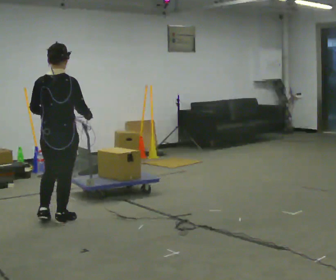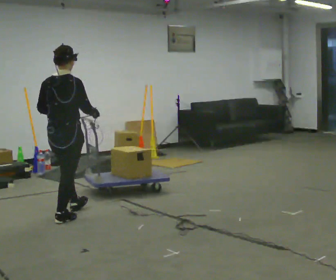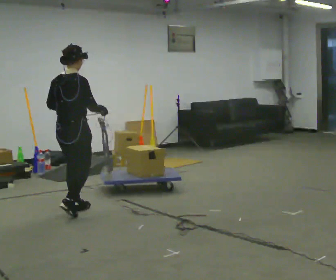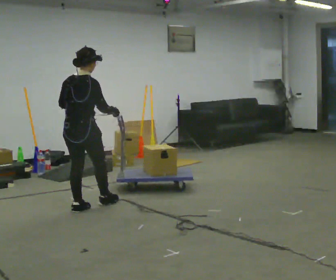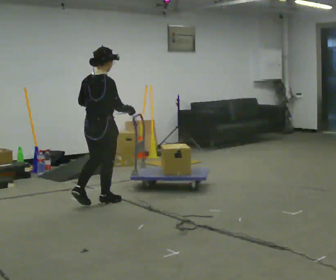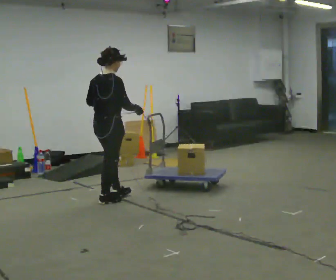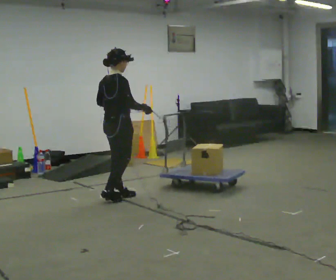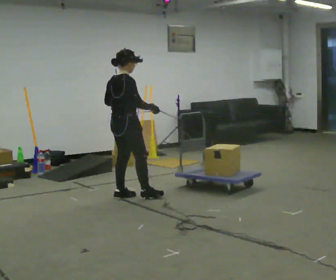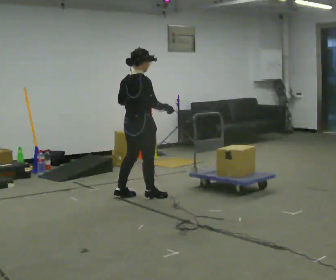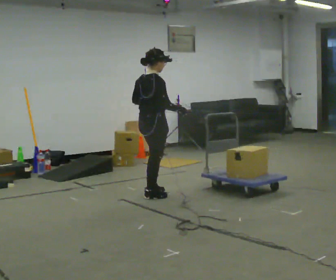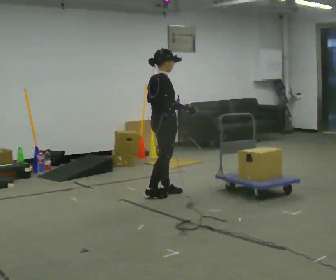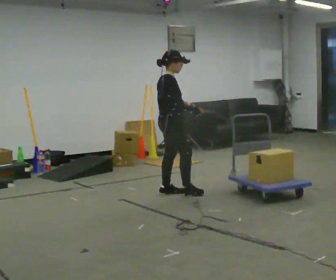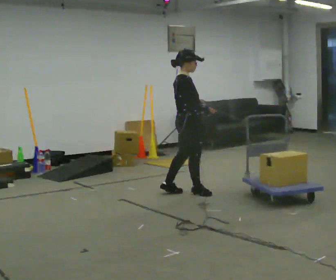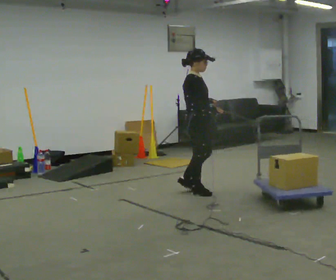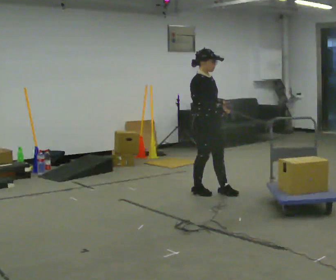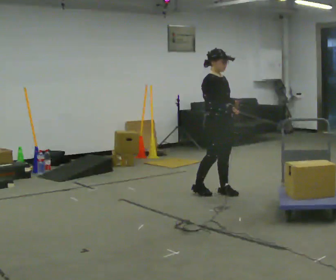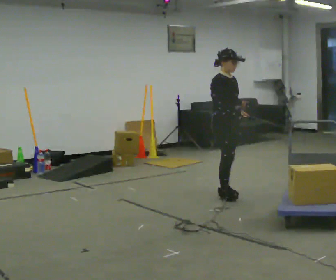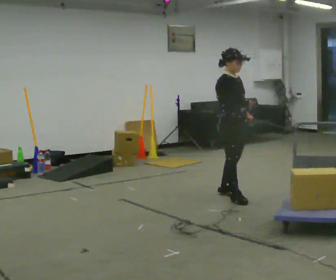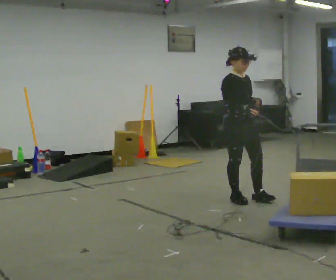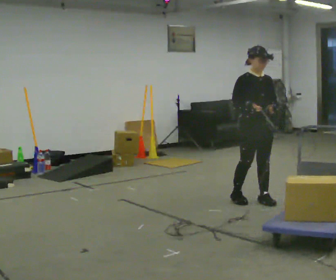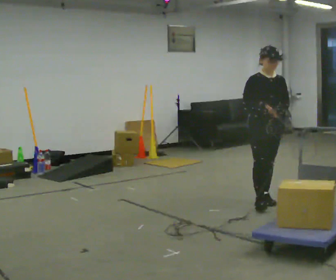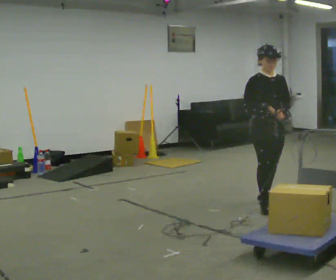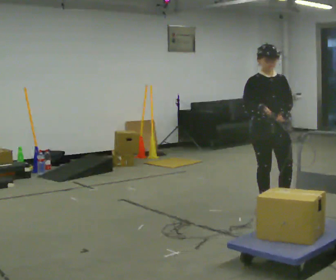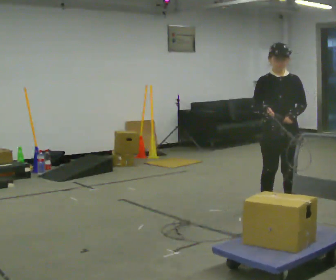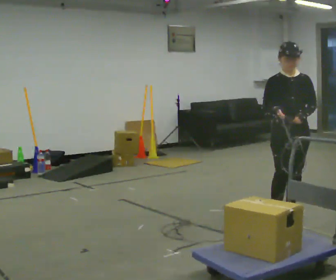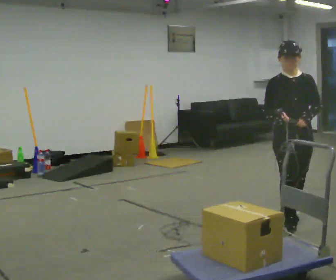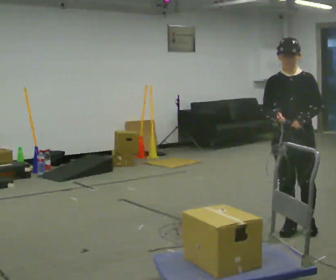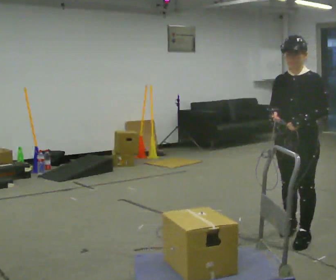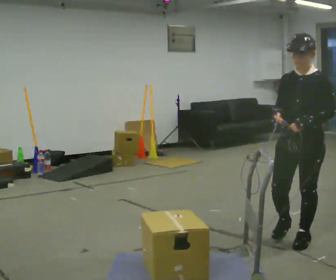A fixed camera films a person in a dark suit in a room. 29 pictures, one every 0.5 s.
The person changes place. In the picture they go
to the right.
The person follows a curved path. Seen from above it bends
clockwise.
0.0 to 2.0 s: The part of the body nearest the lens slides to the left as the person turns to their right by about 30 degrees. In the picture they go away from the camera, about 0.5 m in 2 steps, which for them is forward.
2.0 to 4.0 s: In the picture they go to the right and away from the camera, about 0.5 m in 1 step, which for them is forward.
4.0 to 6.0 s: Seen from above the body turns clockwise, about 30 degrees: to their right, with its near side sliding to the left. In the picture they go to the right, about 0.5 m in 2 steps, which for them is forward.
6.0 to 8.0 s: The part of the body nearest the lens slides to the left as the person turns to their right by about 45 degrees. In the picture they go to the right, about 0.5 m in 2 steps, which for them is forward and to their left.
8.0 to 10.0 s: The person turns about 30 degrees to their right, clockwise seen from above, so the part of the body nearest the lens slides to the left. In the picture they go toward the camera and to the right, about 0.5 m in 2 steps, which for them is forward.
10.0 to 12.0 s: In the picture they go toward the camera, about 0.5 m in 2 steps, which for them is forward.
12.0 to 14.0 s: The person turns about 30 degrees to their right, clockwise seen from above, so the part of the body nearest the lens slides to the left. In the picture they go toward the camera, about 0.5 m in 2 steps, which for them is forward.
The film runs backward here.
